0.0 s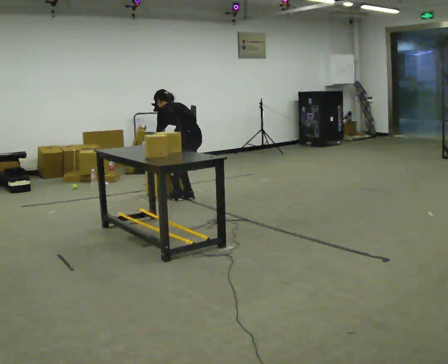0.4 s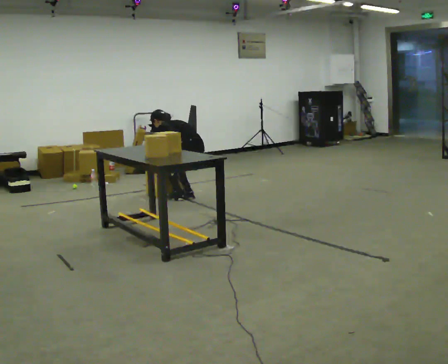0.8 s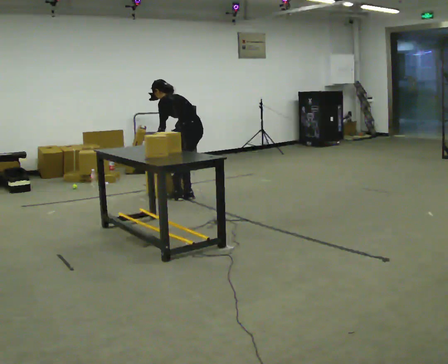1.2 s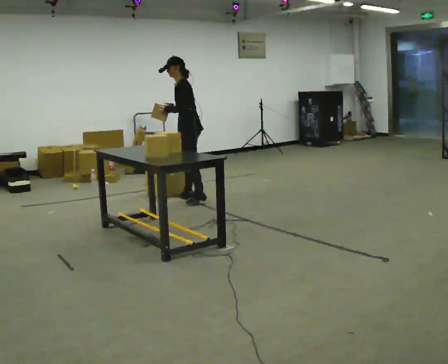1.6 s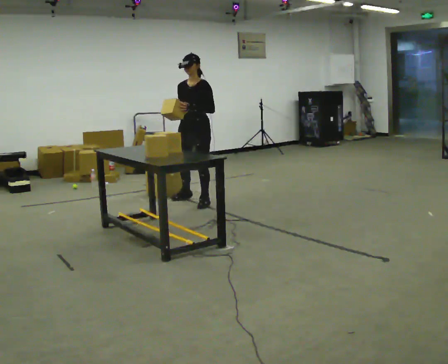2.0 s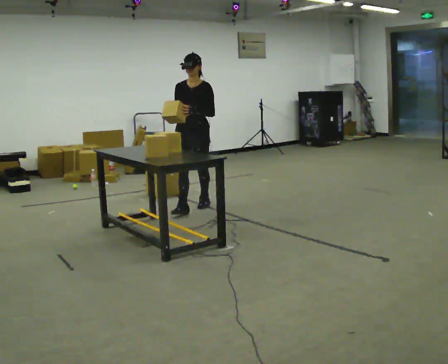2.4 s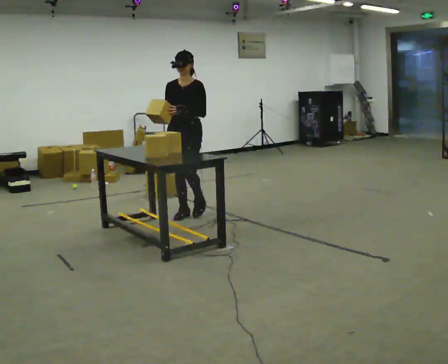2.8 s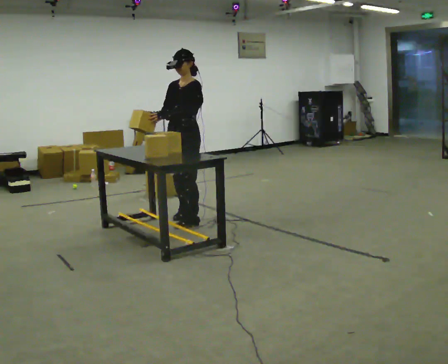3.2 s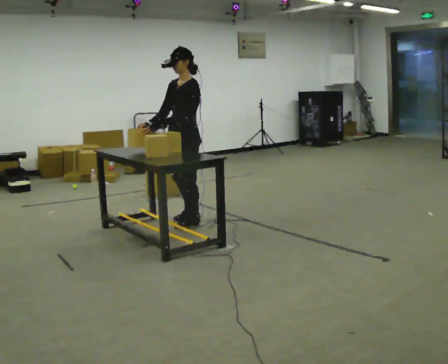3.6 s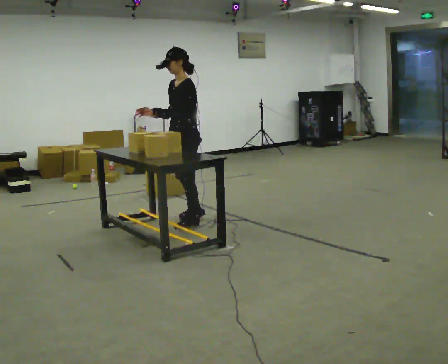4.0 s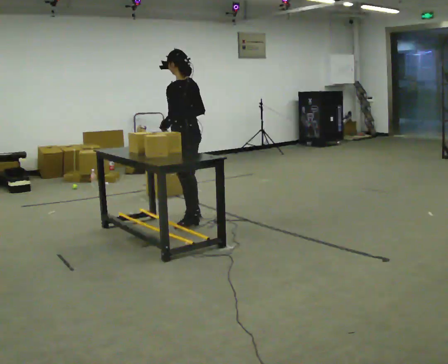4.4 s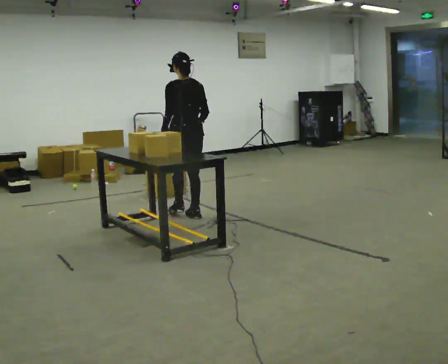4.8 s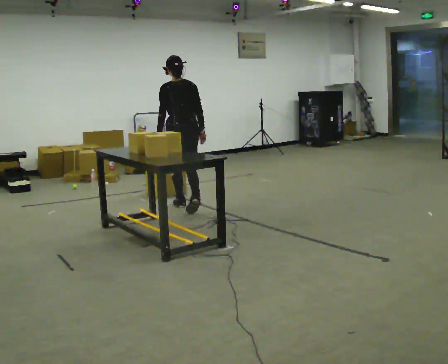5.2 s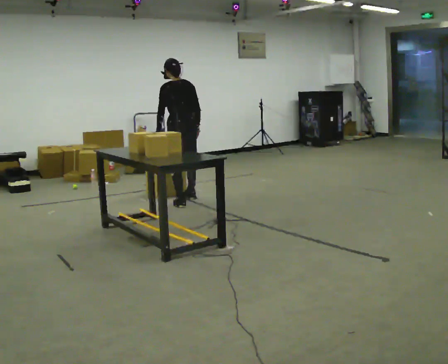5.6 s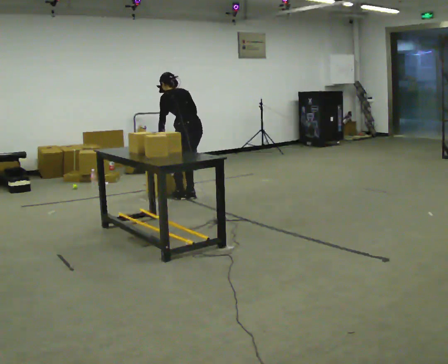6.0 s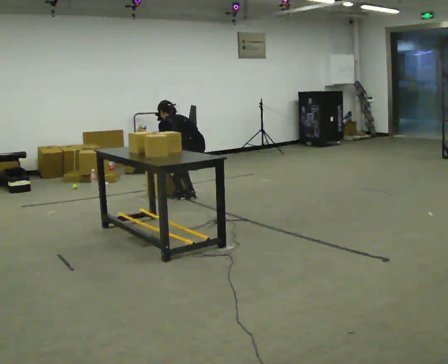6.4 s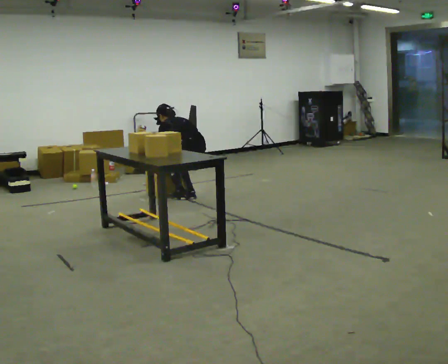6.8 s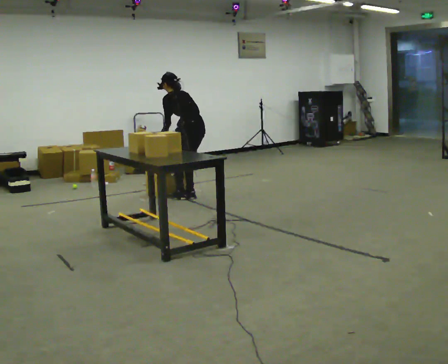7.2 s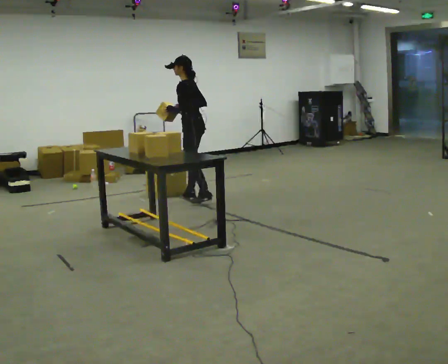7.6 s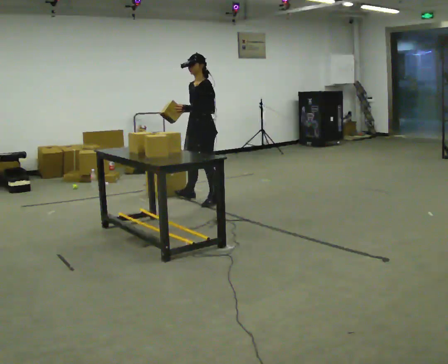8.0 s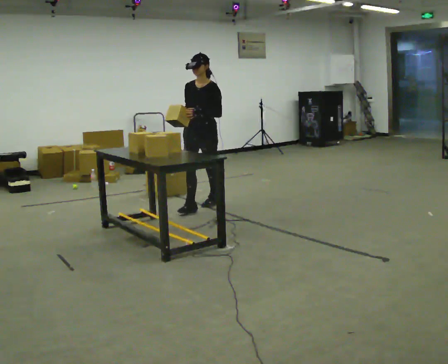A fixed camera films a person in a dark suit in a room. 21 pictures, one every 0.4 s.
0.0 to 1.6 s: The part of the body nearest the lens slides to the right as the person turns to their left by about 105 degrees. In the picture they go toward the camera, about 0.25 m in 1 step. In the picture their left hand goes upward and to the right.
1.6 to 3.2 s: The person turns about 30 degrees to their right, clockwise seen from above, so the part of the body nearest the lens slides to the left. In the picture they go toward the camera, about 1 m in 3 steps, which for them is forward.
3.2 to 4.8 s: The person turns about 105 degrees to their right, clockwise seen from above, so the part of the body nearest the lens slides to the left. In the picture they go away from the camera, about 0.5 m in 1 step.
4.8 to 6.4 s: In the picture they go away from the camera, about 0.5 m in 2 steps, which for them is to their right and forward. The shoulders move downward. The upper body tips away from the camera, its near side rolling upward, as they bend forward. In the picture their right hand goes downward.
6.4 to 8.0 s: The part of the body nearest the lens slides to the right as the person turns to their left by about 120 degrees. In the picture they go toward the camera, about 0.5 m in 1 step. The shoulders move upward. The upper body tips toward the camera, its near side rolling downward, as they lean back or straighten. In the picture their right hand goes upward.
The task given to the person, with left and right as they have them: Take objects out of the bin one at a time and lay them out on the table, stepping between the bin and the table each time. Keep going until the operator says stop; one object at a time, and do not rush between trips.
The film runs forward here.
